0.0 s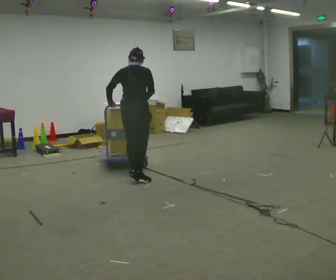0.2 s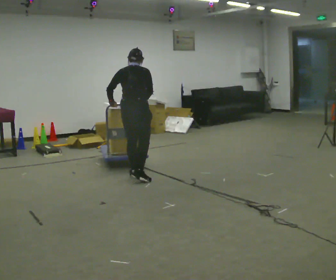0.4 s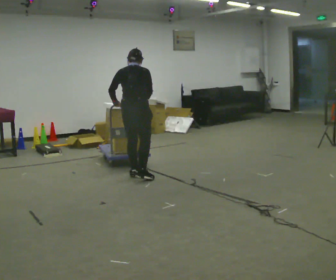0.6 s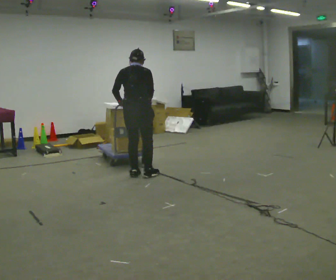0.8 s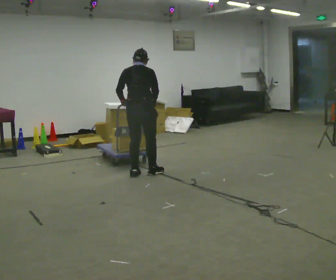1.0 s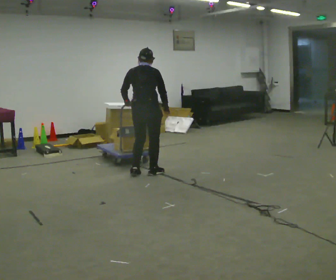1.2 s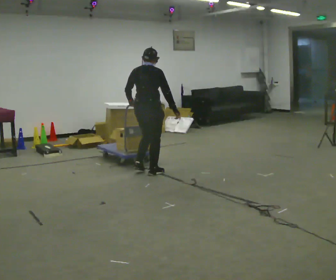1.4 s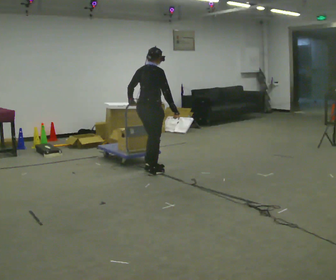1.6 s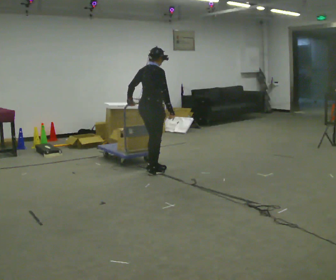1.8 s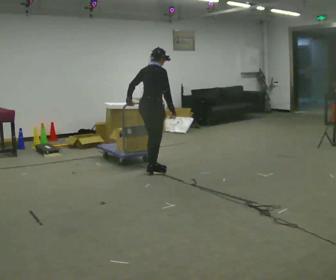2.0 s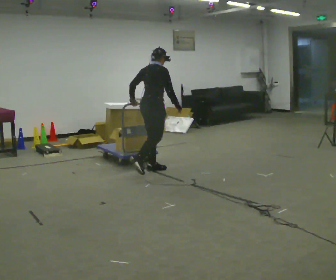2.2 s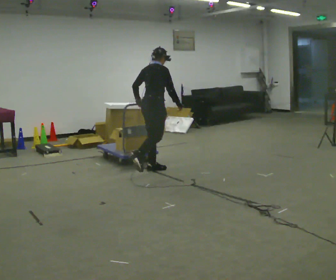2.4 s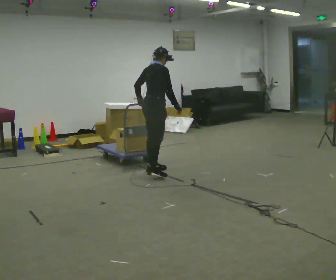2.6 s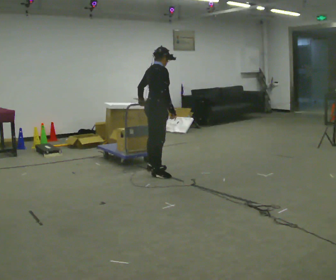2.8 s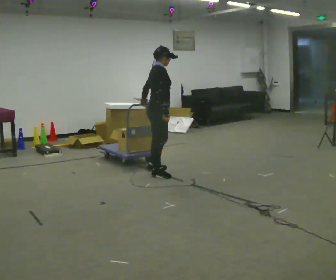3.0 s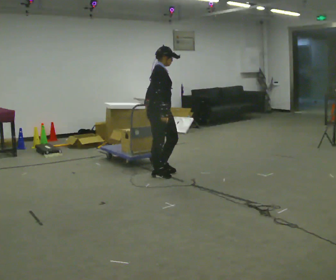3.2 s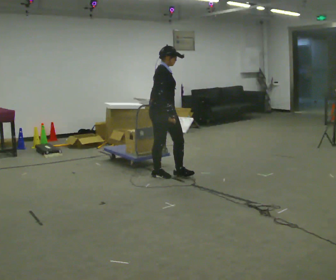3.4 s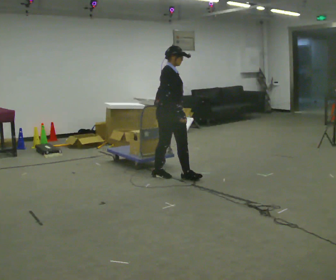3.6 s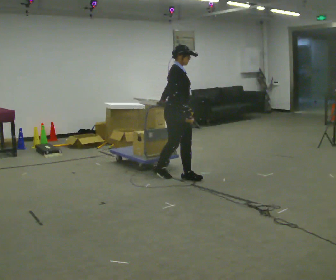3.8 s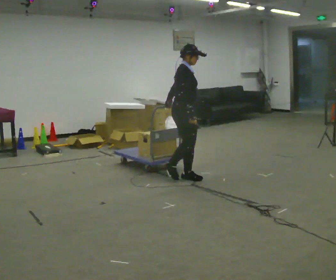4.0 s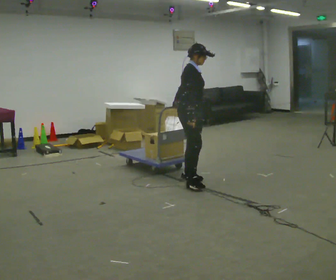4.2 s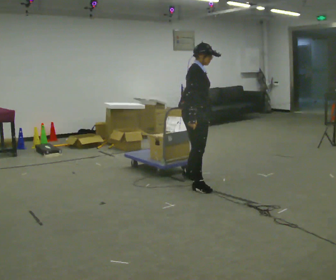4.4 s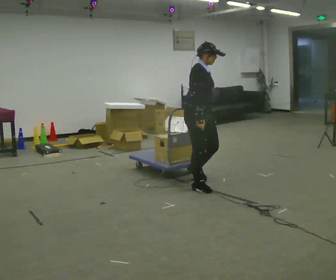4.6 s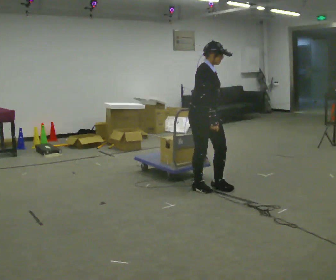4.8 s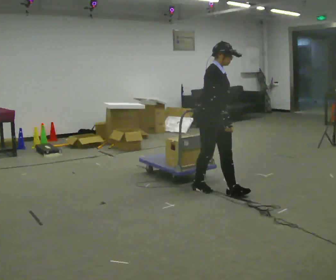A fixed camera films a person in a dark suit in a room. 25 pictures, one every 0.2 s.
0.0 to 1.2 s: In the picture they go away from the camera, about 0.25 m in 1 step, which for them is forward. In the picture their right hand goes to the right.
1.2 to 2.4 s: The person turns about 45 degrees to their right, clockwise seen from above, so the part of the body nearest the lens slides to the left.
2.4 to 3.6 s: Seen from above the body turns clockwise, about 45 degrees: to their right, with its near side sliding to the left. In the picture they go to the right and toward the camera, about 0.5 m in 1 step, which for them is forward and to their right.
3.6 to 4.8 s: In the picture they go toward the camera and to the right, about 0.75 m in 2 steps, which for them is forward and to their right.
The film runs forward here.
